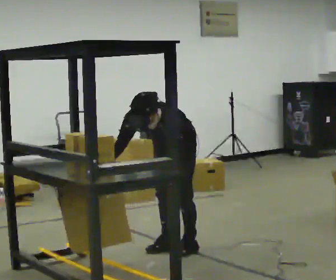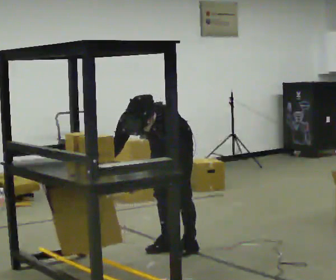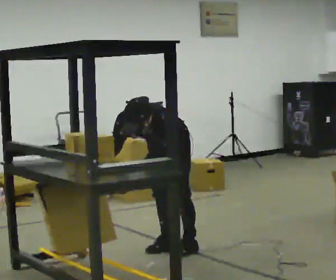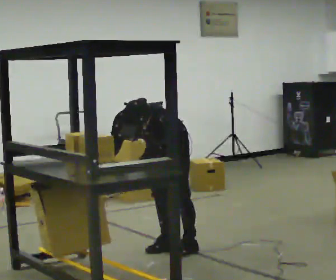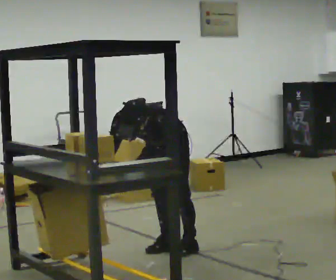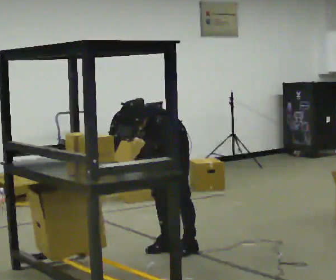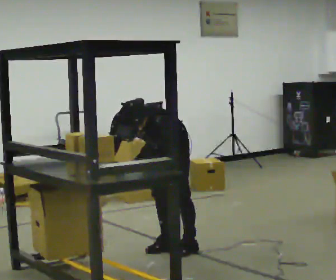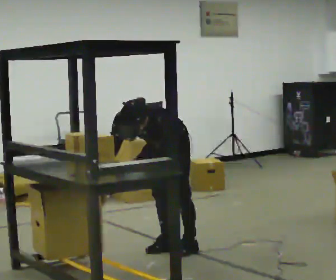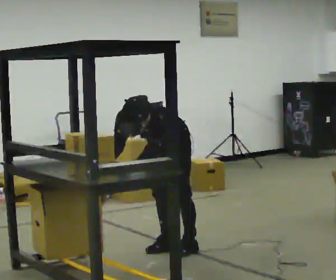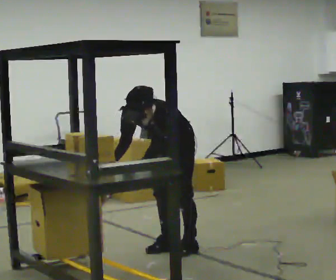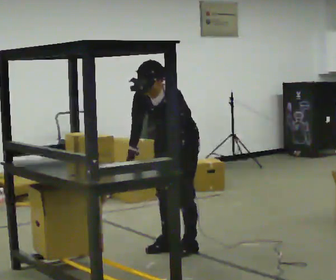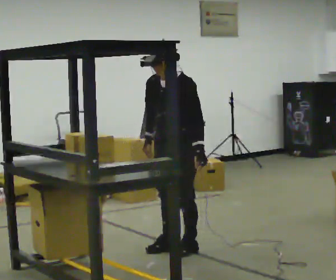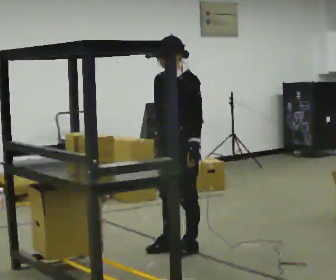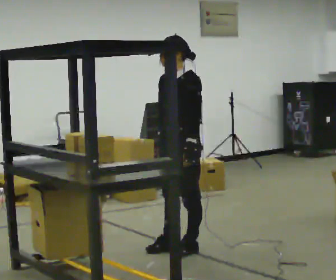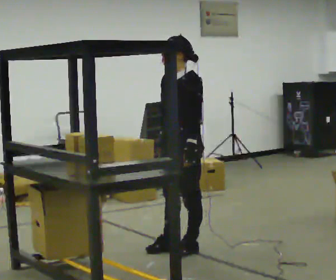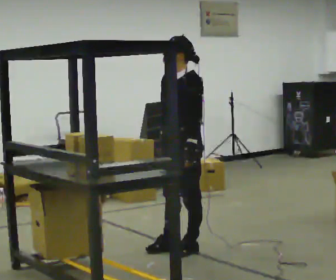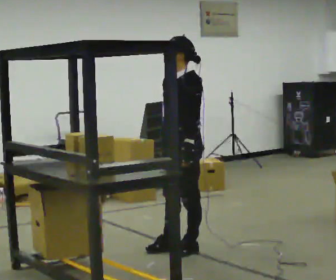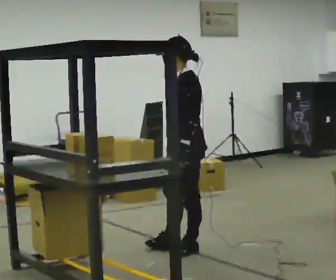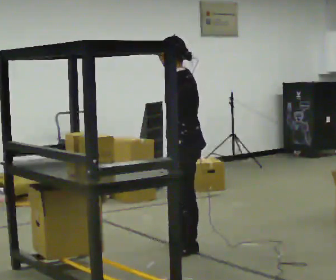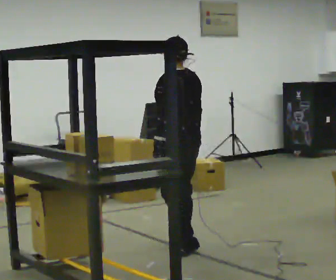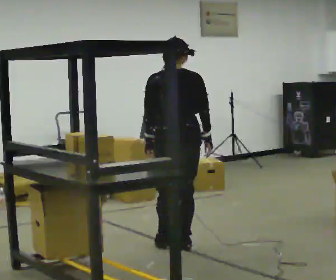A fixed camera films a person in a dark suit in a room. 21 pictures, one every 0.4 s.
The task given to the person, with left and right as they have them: 1. Take everything out of the crates by the door. 2. Put the small items on the middle shelf. 3. Put the large items on the bottom shelf. 4. Stack the empty crates by the door. 5. Tell the operator when you are finished.
0.0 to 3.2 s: The person moves a little, or ends about where they began.
3.2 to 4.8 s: The shoulders move upward. The upper body tips away from the camera, its near side rolling upward, as they lean back or straighten. In the picture their left hand goes to the right.
4.8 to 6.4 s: The person moves a little, or ends about where they began.
6.4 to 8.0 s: The person turns about 120 degrees to their right, clockwise seen from above, so the part of the body nearest the lens slides to the left. In the picture their right hand goes to the right.
The film runs forward here.
